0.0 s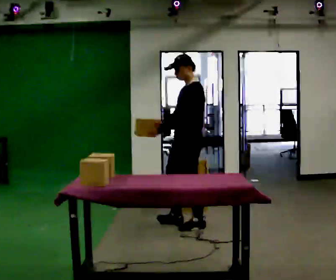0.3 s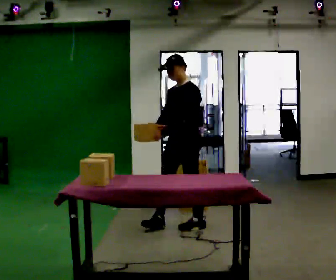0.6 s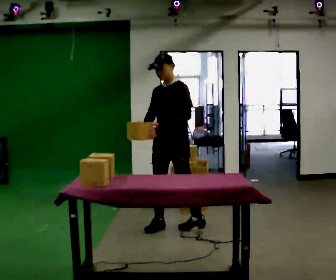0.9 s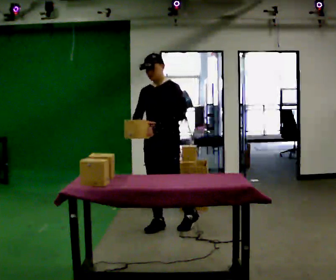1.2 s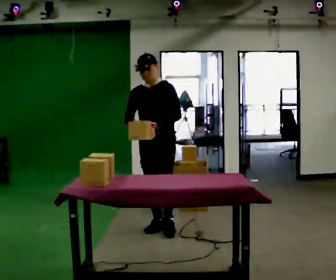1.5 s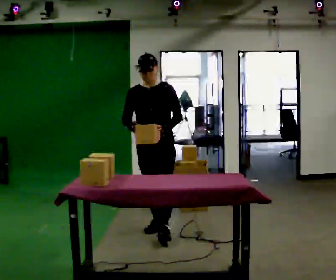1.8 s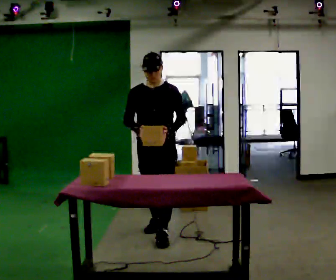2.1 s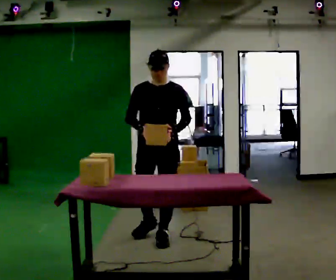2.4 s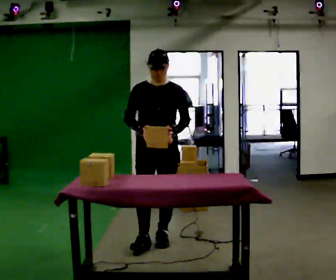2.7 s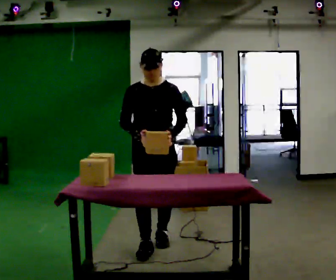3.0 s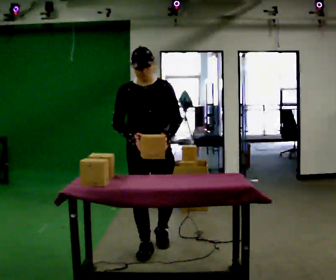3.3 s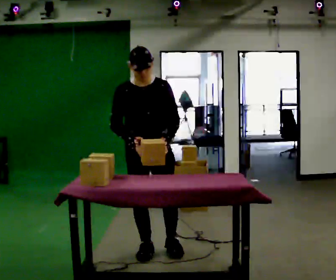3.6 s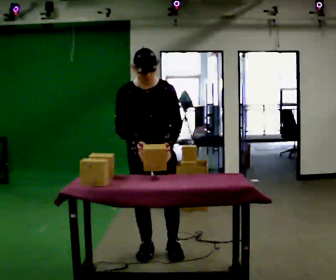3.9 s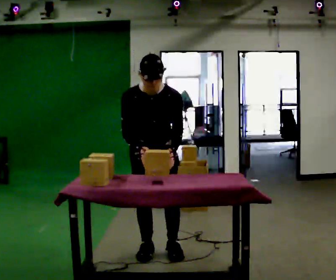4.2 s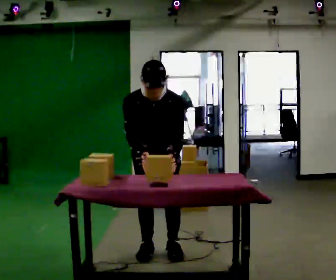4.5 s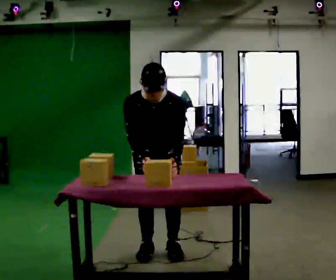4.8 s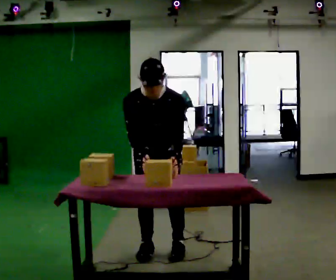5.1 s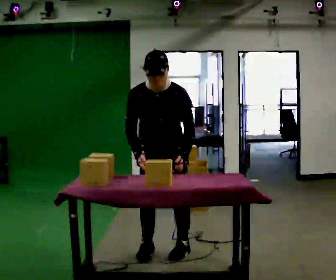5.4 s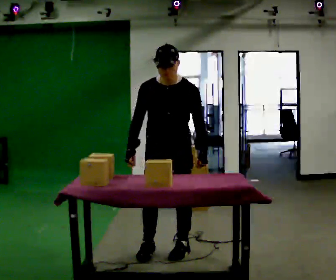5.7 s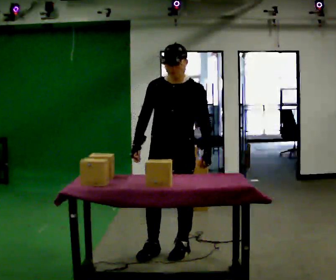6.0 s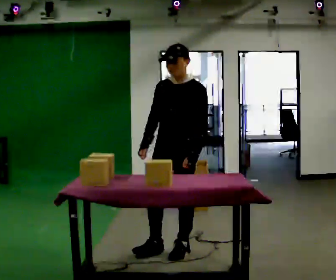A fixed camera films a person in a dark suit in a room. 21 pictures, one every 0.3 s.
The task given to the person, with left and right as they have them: Carry the box over and put it on the shelf with the label facing out towards you. Get the orientation right, not just the position. Keep going until the operator says stop; one object at a time, and do not rush between trips.
0.0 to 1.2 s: The person turns about 60 degrees to their left, counterclockwise seen from above, so the part of the body nearest the lens slides to the right. In the picture they go to the left, about 0.25 m in 1 step, which for them is forward and to their right.
1.2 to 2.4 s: In the picture they go toward the camera, about 0.5 m in 1 step, which for them is forward.
2.4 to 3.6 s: In the picture they go toward the camera, about 0.25 m in 2 steps, which for them is forward. The upper body tips toward the camera, its near side rolling downward, as they bend forward.
3.6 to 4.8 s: The upper body tips toward the camera, its near side rolling downward, as they bend forward.
4.8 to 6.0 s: Seen from above the body turns clockwise, about 45 degrees: to their right, with its near side sliding to the left. In the picture they go to the right, about 0.25 m, which for them is to their left. The upper body tips away from the camera, its near side rolling upward, as they lean back or straighten.
The film runs forward here.
